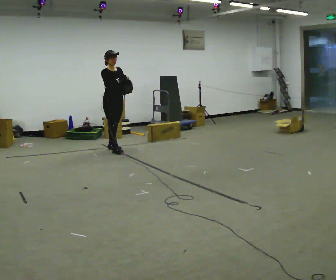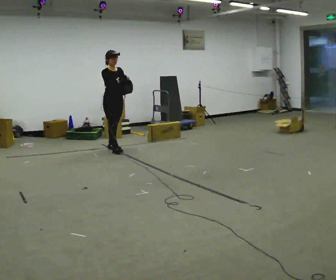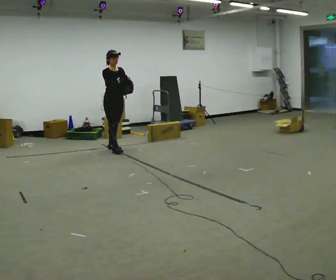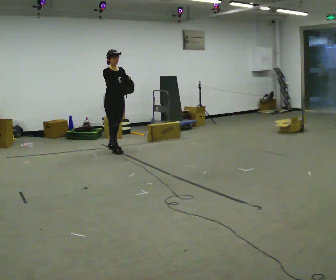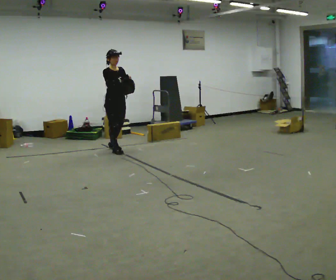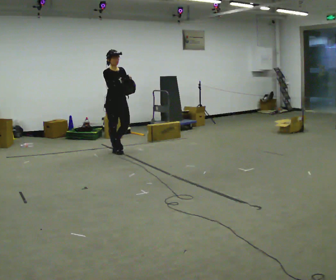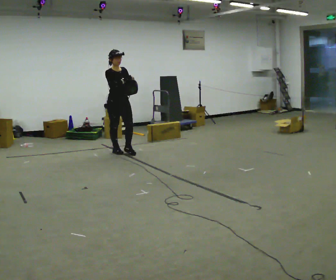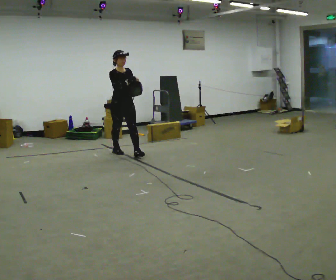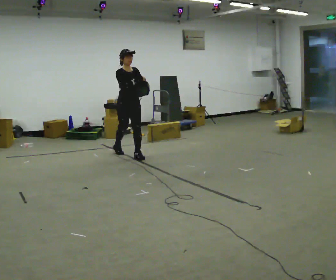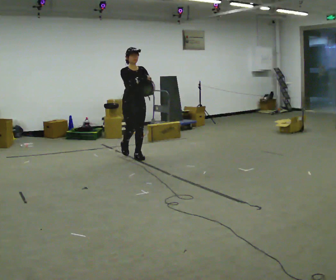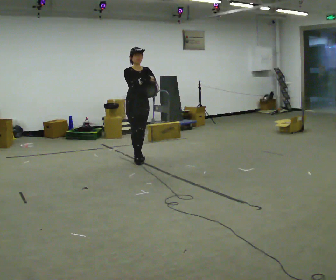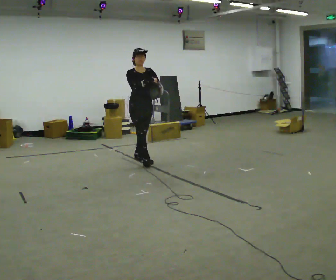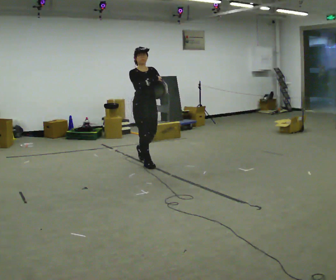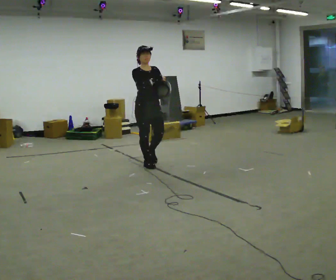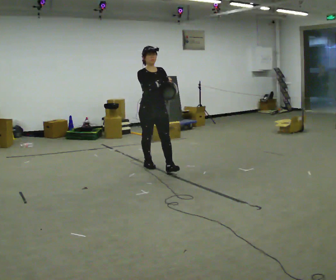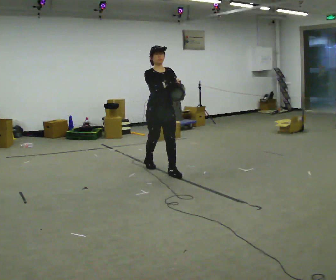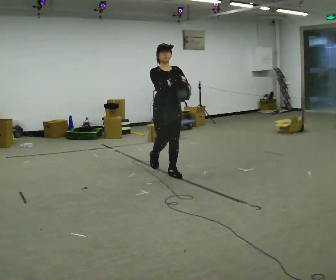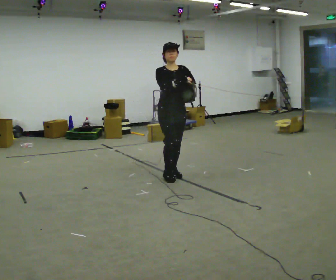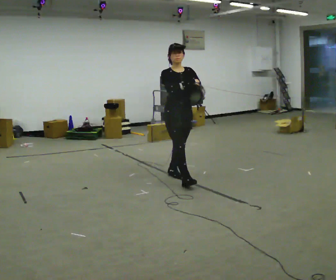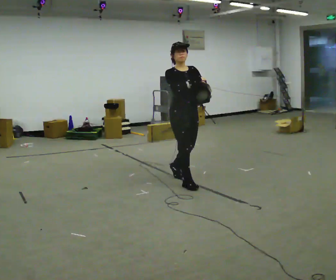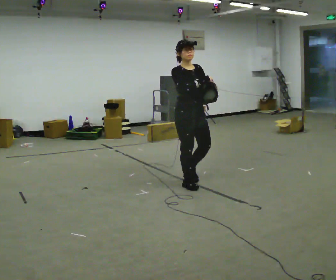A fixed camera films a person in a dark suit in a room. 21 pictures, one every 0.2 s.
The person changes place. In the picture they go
toward the camera.
0.0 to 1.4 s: In the picture they go toward the camera and to the right, about 0.25 m in 1 step, which for them is forward.
1.4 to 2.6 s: In the picture they go toward the camera and to the right, about 1 m in 1 step, which for them is forward.
2.6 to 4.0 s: In the picture they go toward the camera and to the right, about 1 m in 2 steps, which for them is forward.
The film runs forward here.
